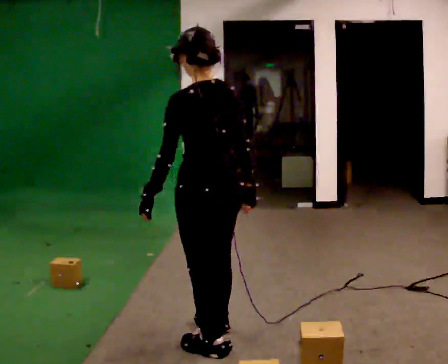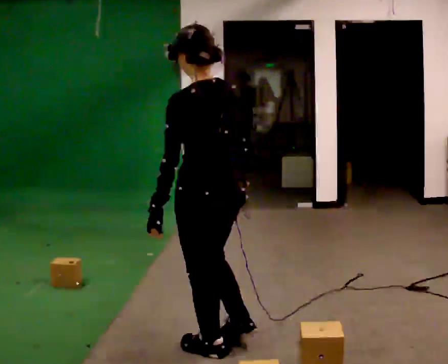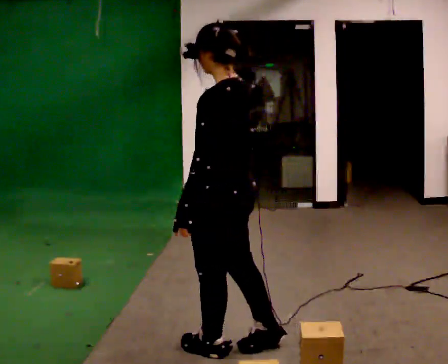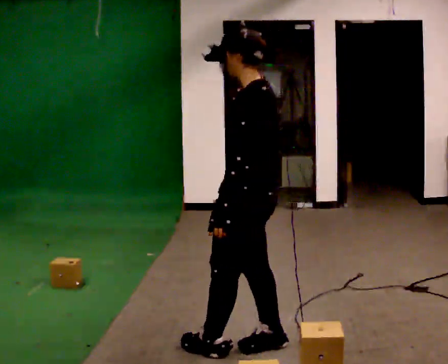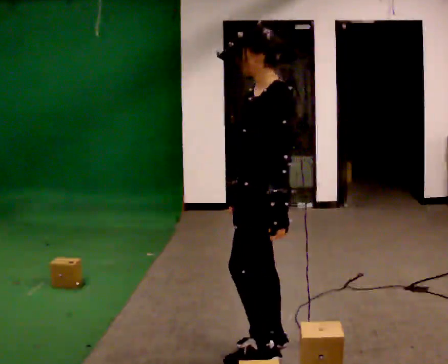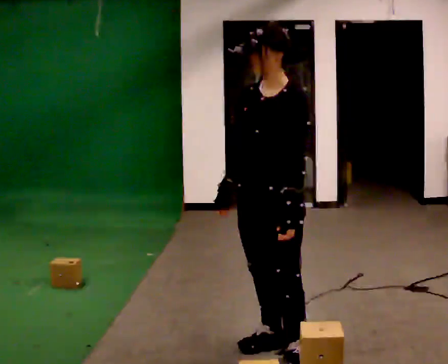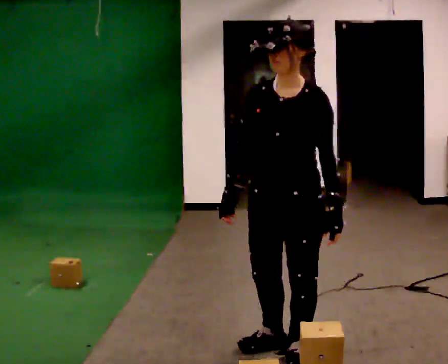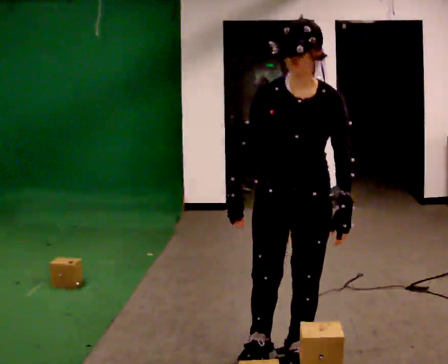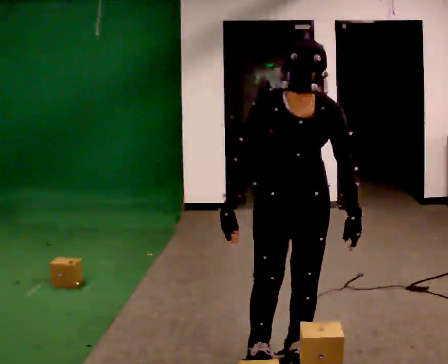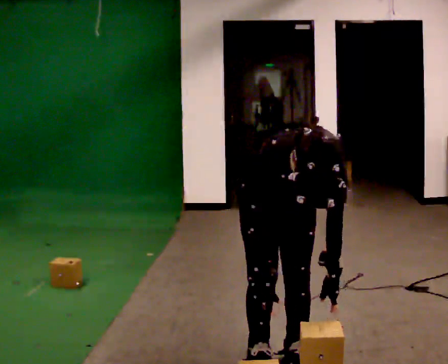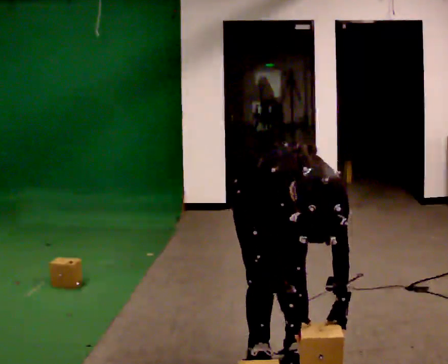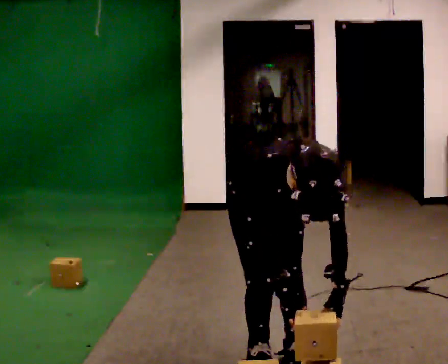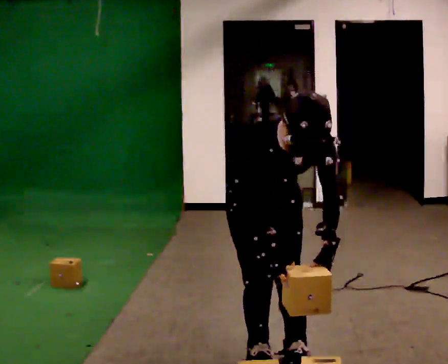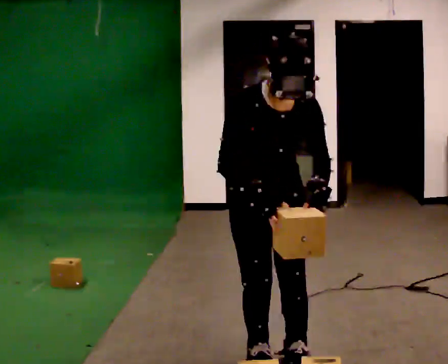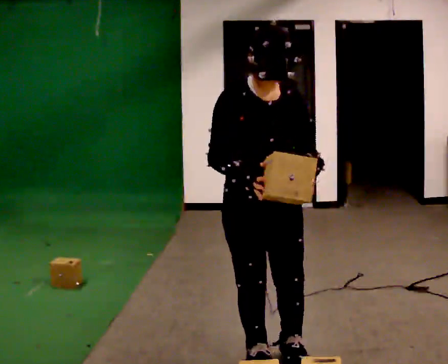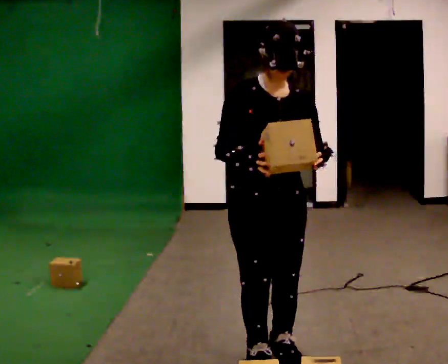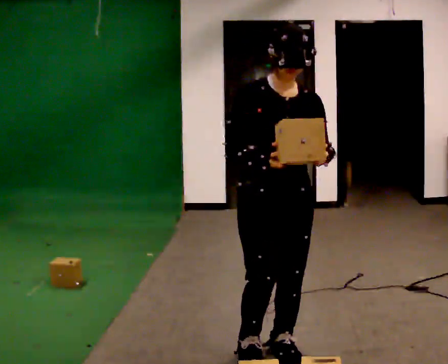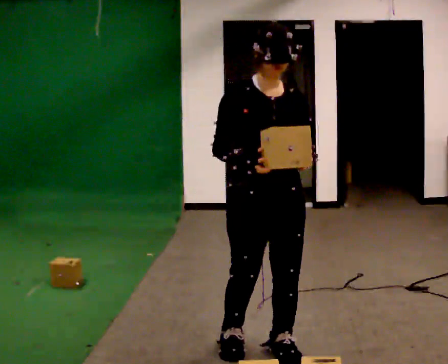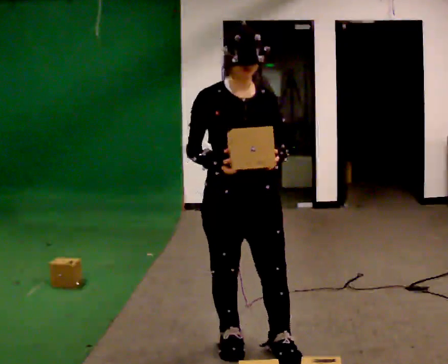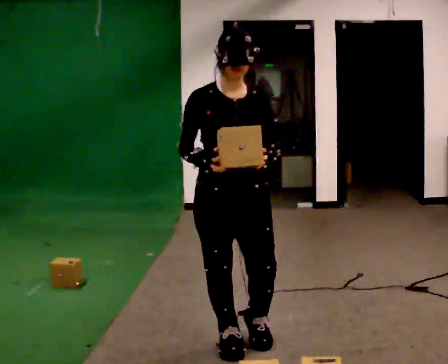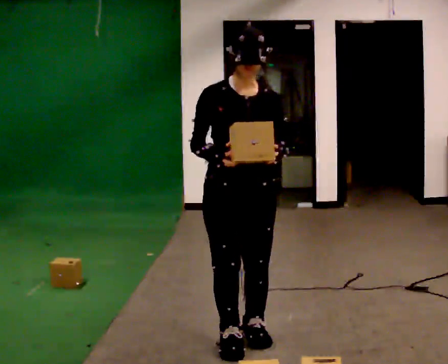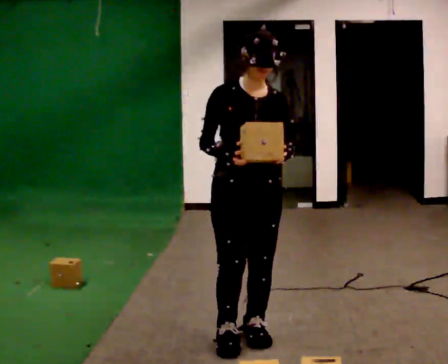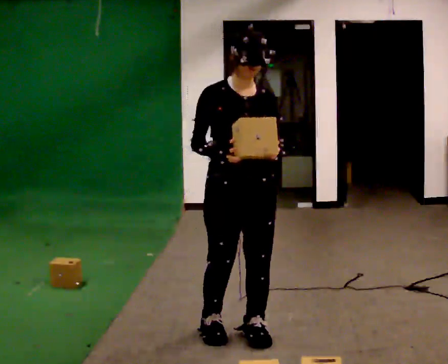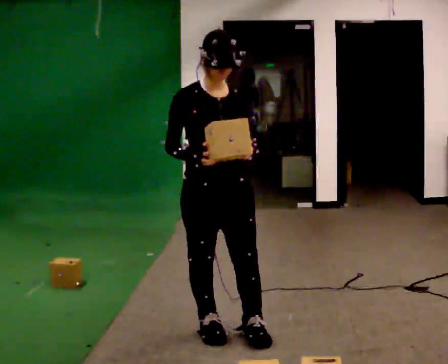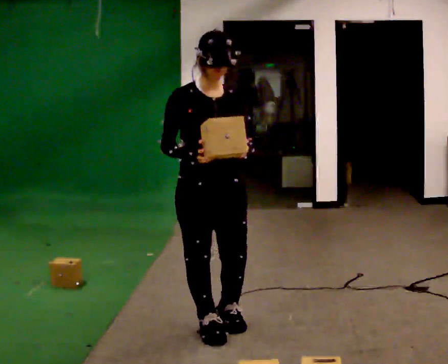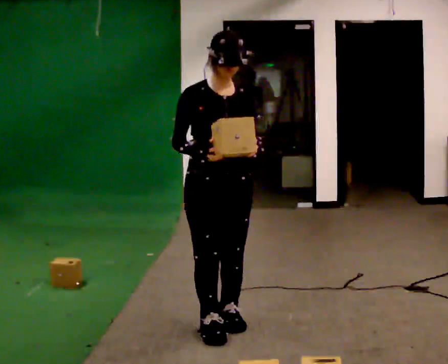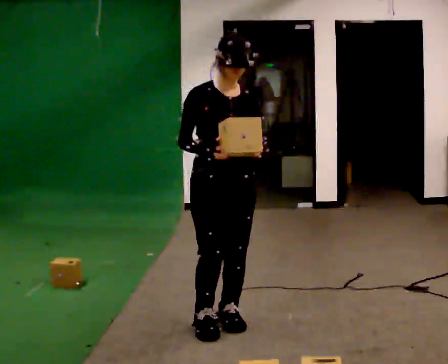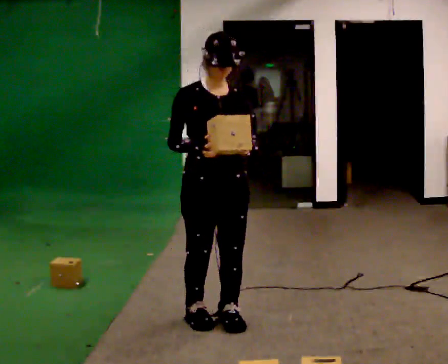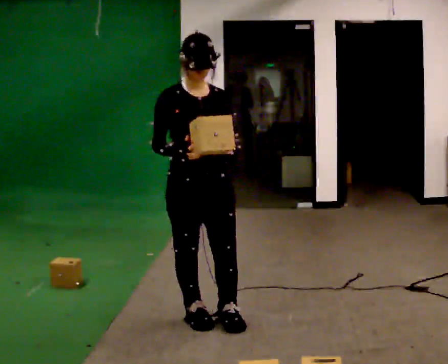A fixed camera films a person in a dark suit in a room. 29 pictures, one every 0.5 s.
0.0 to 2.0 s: The person turns about 60 degrees to their left, counterclockwise seen from above, so the part of the body nearest the lens slides to the right. In the picture they go to the right, about 0.25 m in 2 steps.
2.0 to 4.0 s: The part of the body nearest the lens slides to the right as the person turns to their left by about 75 degrees. The upper body tips toward the camera, its near side rolling downward, as they bend forward. In the picture their left hand goes to the right.
4.0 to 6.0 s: The person moves a little, or ends about where they began.
6.0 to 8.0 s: The upper body goes upward. The upper body tips away from the camera, its near side rolling upward, as they lean back or straighten. In the picture their left hand goes upward.
8.0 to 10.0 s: In the picture they go to the left, about 0.25 m in 1 step, which for them is backward and to their right.
10.0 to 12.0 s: In the picture they go to the left, about 0.25 m in 2 steps, which for them is backward and to their right.
12.0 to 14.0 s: The person moves a little, or ends about where they began.
The film runs backward here.
